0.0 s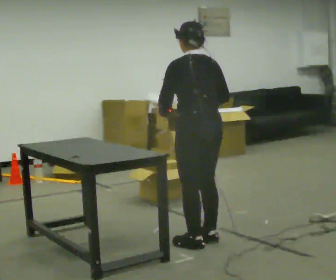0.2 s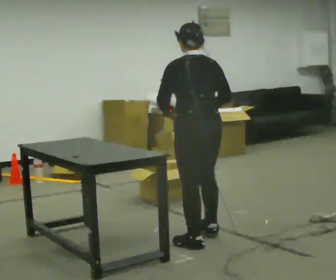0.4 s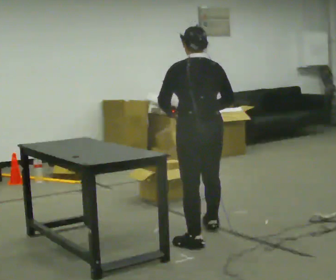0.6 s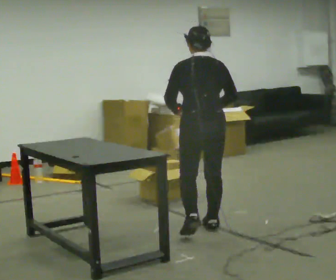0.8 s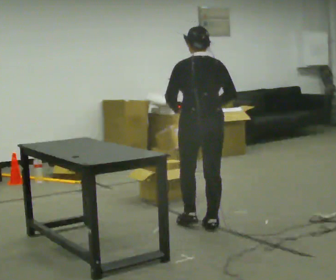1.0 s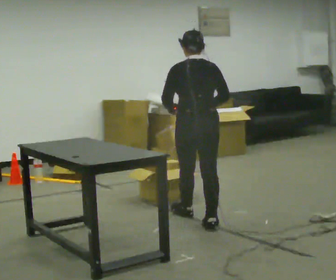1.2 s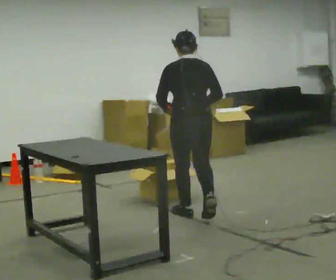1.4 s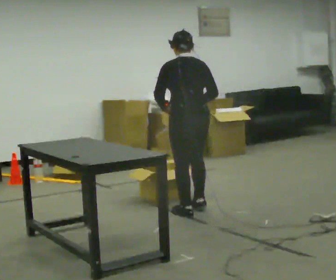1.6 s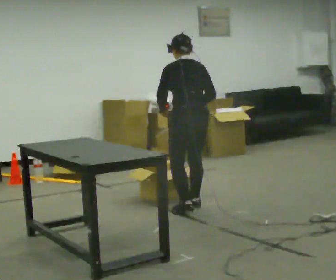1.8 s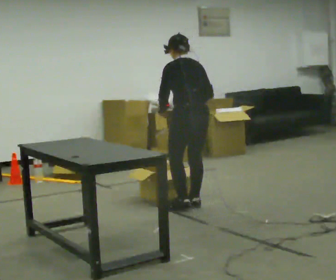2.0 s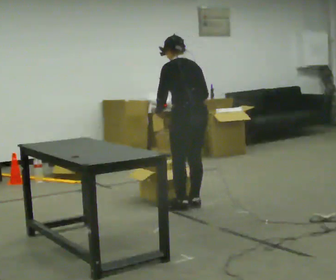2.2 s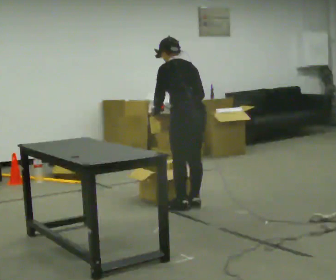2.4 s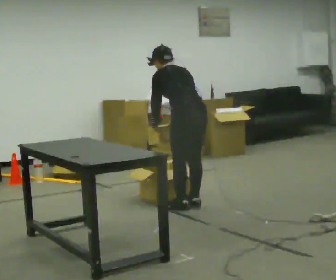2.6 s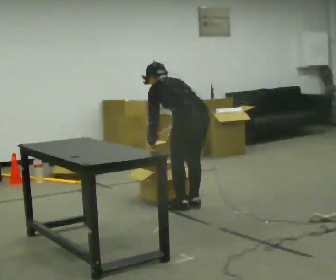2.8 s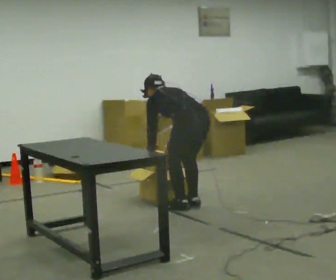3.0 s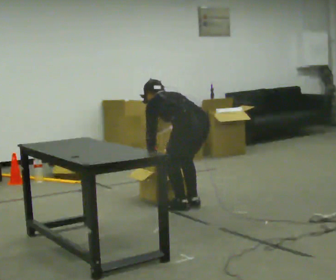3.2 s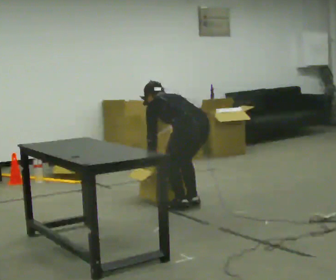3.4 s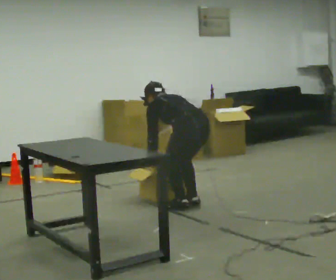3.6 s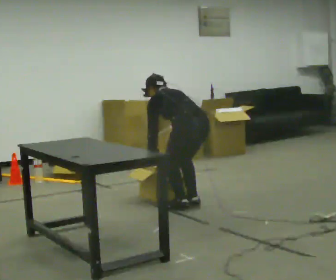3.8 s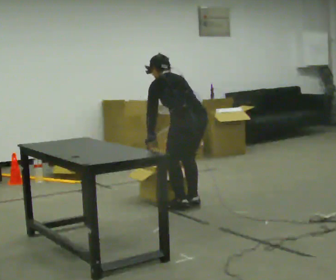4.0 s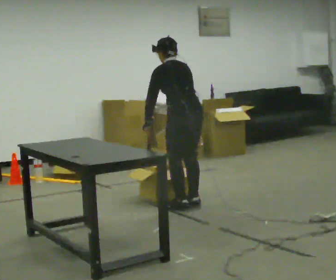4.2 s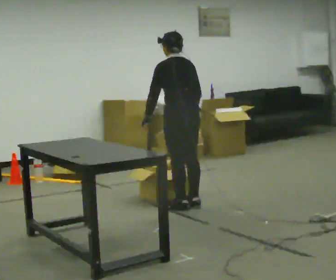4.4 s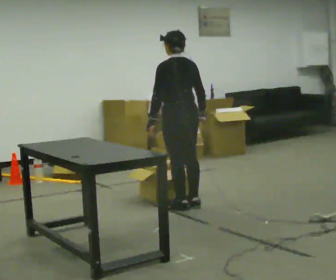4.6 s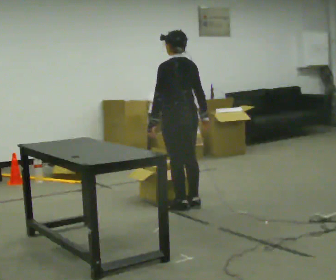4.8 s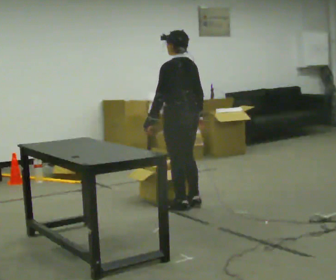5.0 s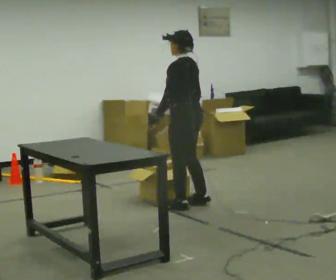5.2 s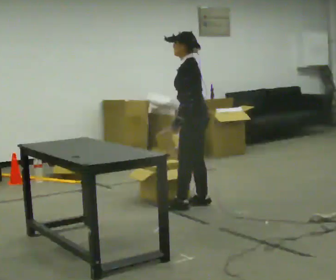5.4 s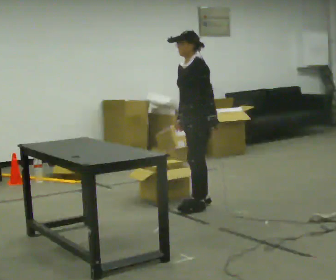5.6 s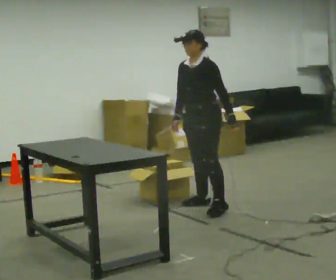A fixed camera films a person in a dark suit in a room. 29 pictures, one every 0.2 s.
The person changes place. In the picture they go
away from the camera.
The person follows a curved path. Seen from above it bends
clockwise.
0.0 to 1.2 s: In the picture they go away from the camera, about 0.5 m in 2 steps, which for them is forward.
1.2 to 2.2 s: In the picture they go away from the camera, about 0.25 m in 2 steps, which for them is forward and to their right.
2.2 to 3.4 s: The shoulders move downward. The upper body tips away from the camera, its near side rolling upward, as they bend forward. In the picture their left hand goes downward.
3.4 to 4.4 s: The shoulders move upward. The upper body tips toward the camera, its near side rolling downward, as they lean back or straighten. In the picture their right hand goes upward.
4.4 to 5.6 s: The part of the body nearest the lens slides to the right as the person turns to their left by about 105 degrees. In the picture they go to the right, about 0.25 m. In the picture their left hand goes to the right, the arm swinging counterclockwise.
The film runs forward here.
